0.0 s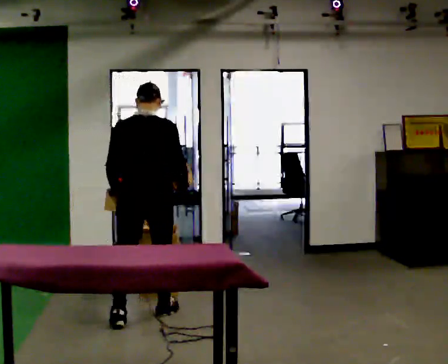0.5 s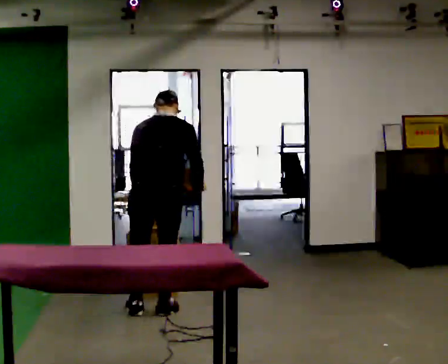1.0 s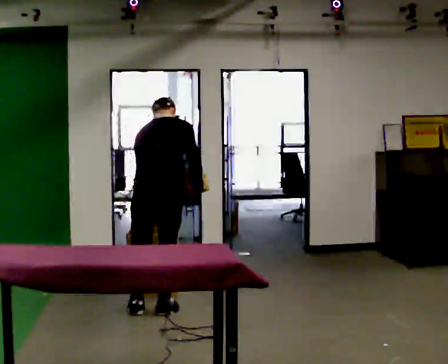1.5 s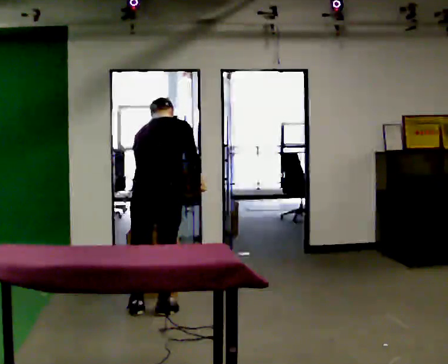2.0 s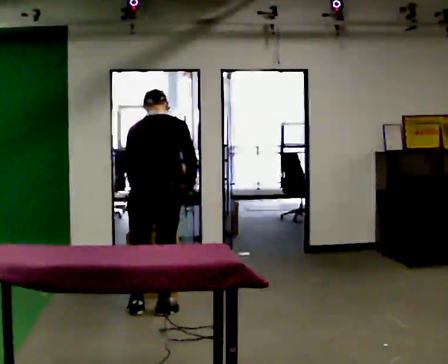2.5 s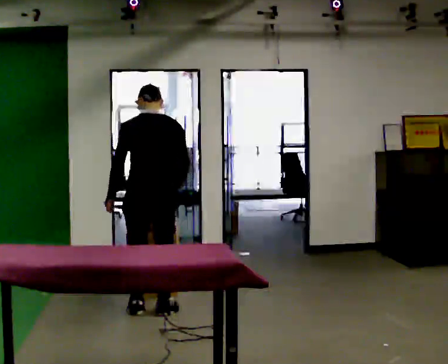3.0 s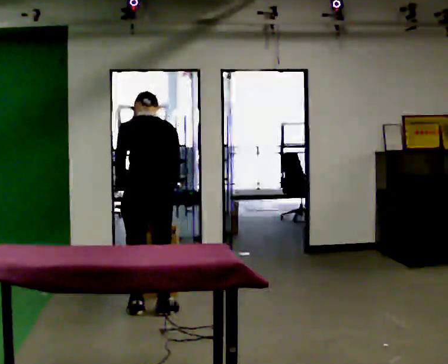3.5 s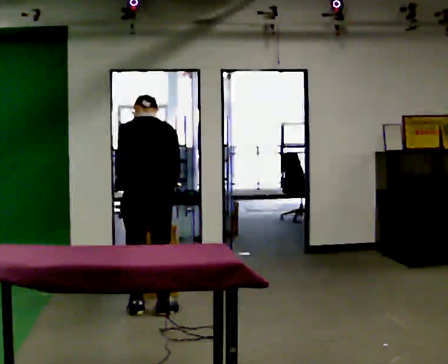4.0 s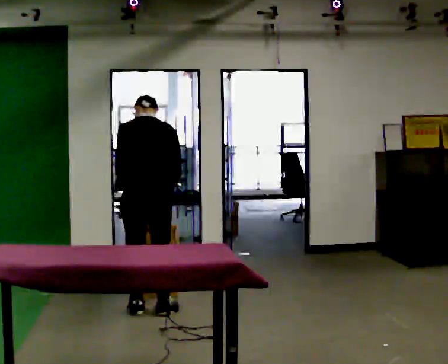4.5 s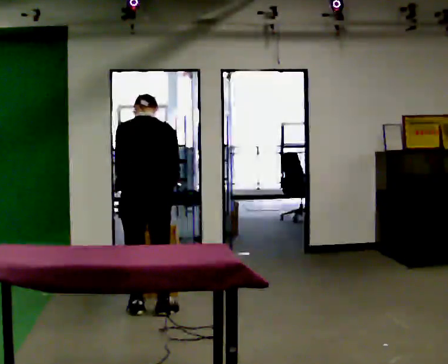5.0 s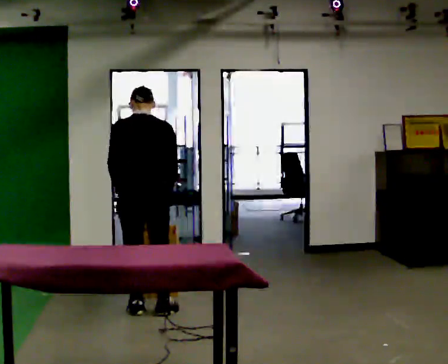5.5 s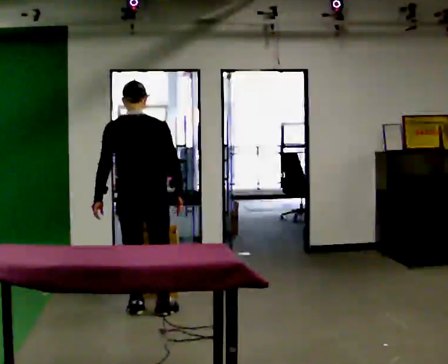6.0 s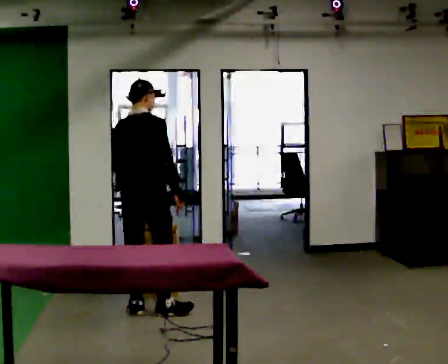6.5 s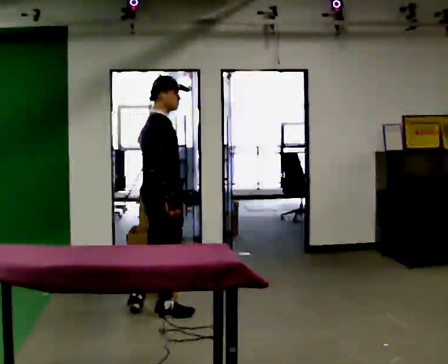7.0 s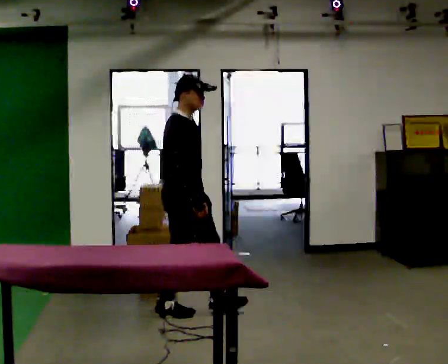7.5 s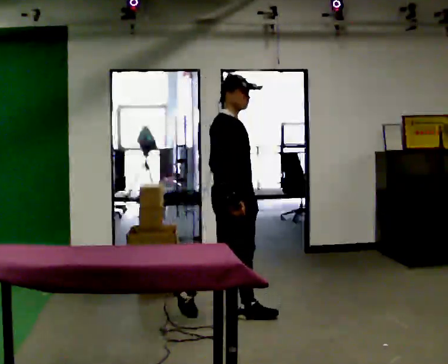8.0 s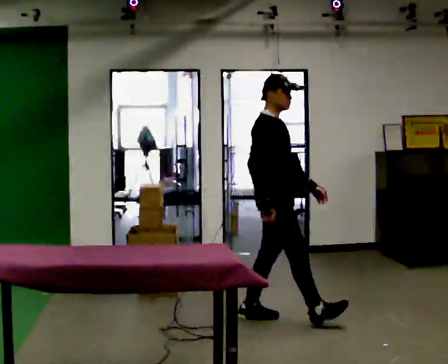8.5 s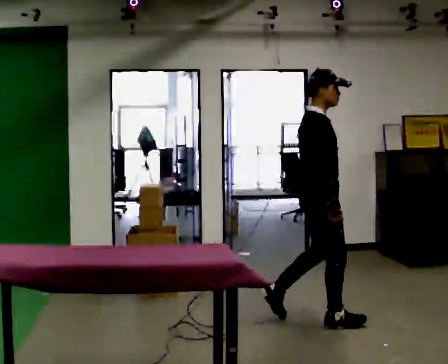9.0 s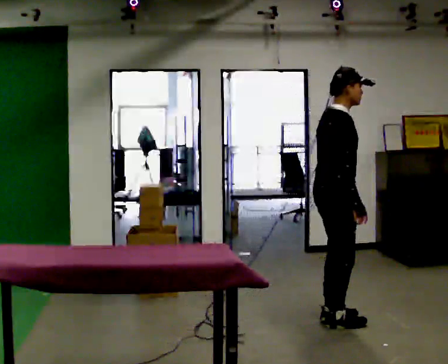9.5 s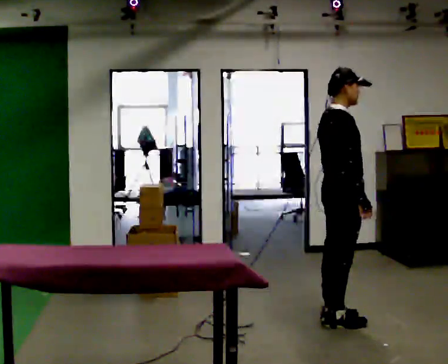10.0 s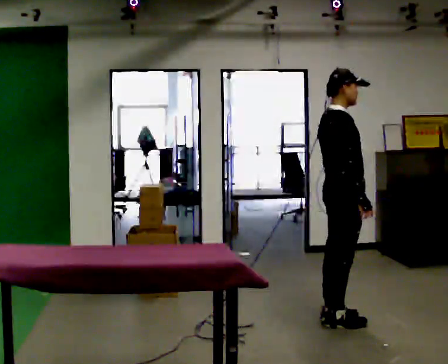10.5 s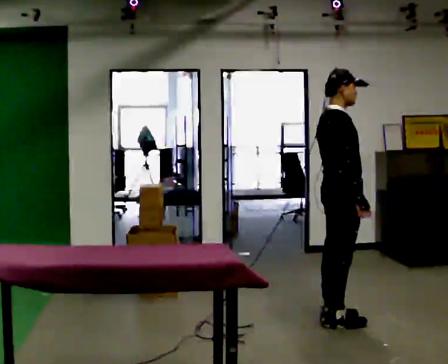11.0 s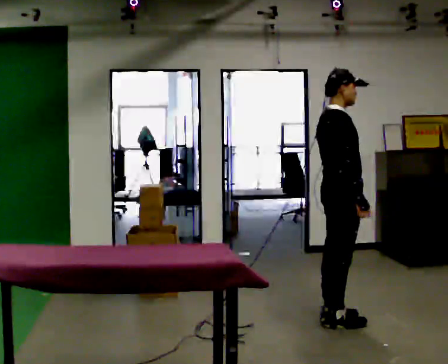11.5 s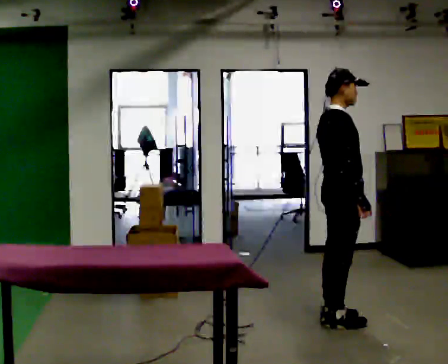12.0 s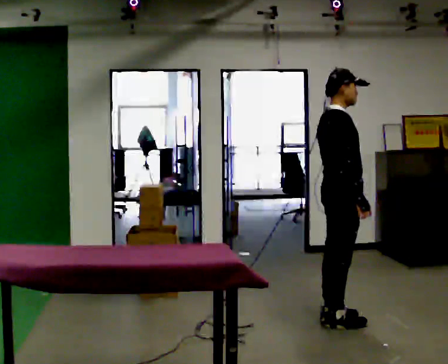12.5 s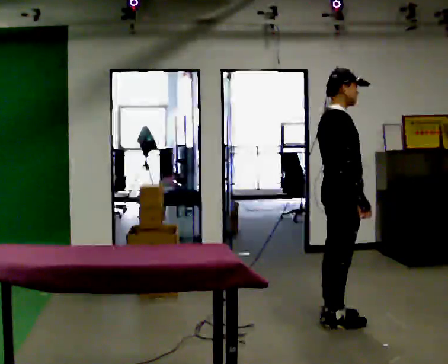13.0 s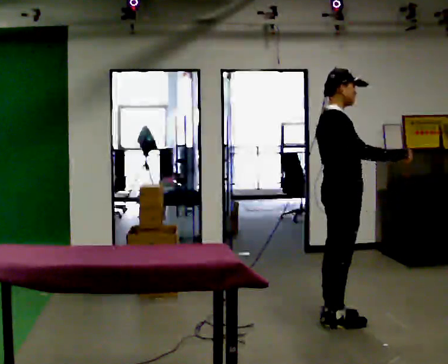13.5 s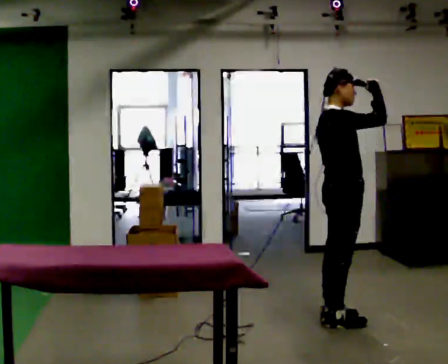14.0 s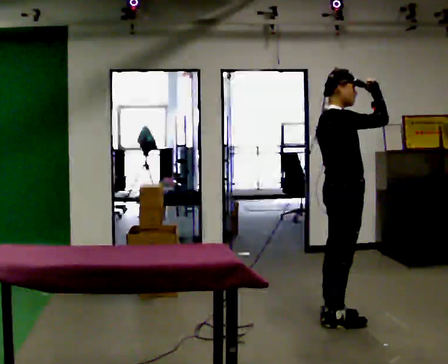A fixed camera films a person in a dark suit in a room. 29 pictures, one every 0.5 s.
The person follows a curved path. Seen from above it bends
clockwise.
The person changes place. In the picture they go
to the right.
0.0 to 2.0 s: In the picture they go away from the camera, about 0.25 m in 1 step, which for them is forward.
2.0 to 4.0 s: The person moves a little, or ends about where they began.
4.0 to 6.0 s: The part of the body nearest the lens slides to the left as the person turns to their right by about 60 degrees.
6.0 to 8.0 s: The part of the body nearest the lens slides to the left as the person turns to their right by about 75 degrees. In the picture they go to the right, about 1 m in 1 step.
8.0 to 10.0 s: In the picture they go to the right, about 0.5 m in 2 steps, which for them is forward and to their right.
10.0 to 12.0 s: The person keeps their place and pose.
12.0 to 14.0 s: In the picture their right hand goes upward, the arm swinging counterclockwise.
The film runs forward here.
